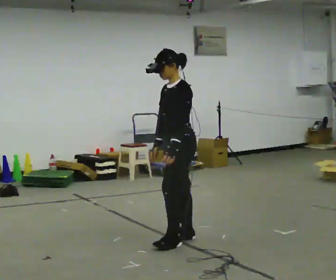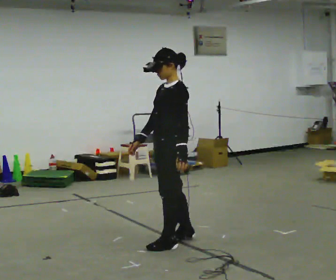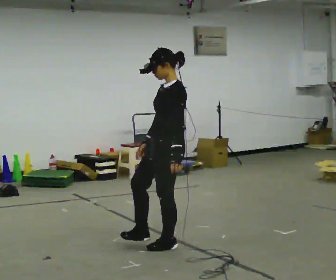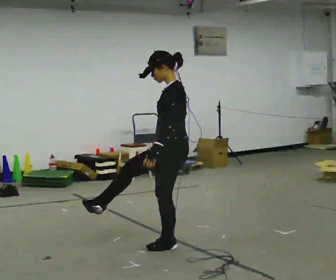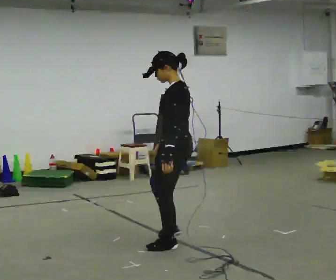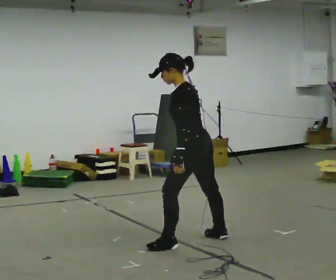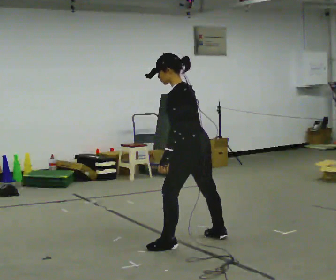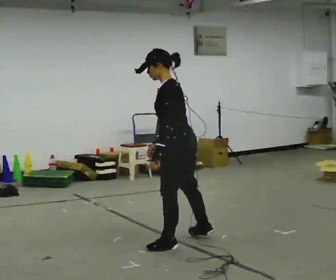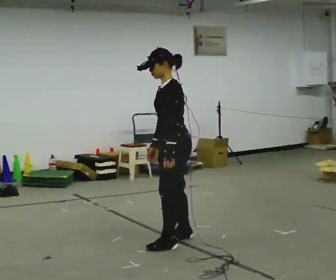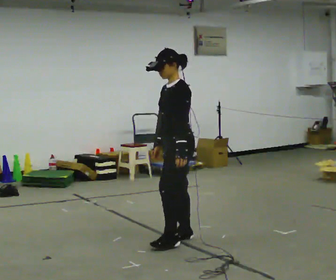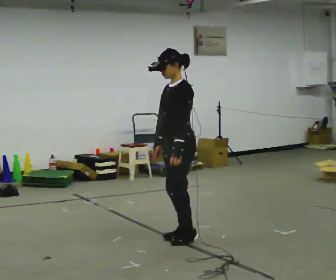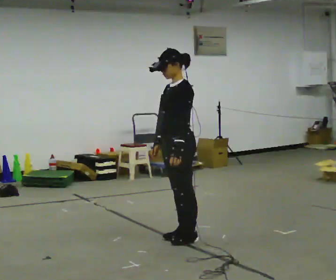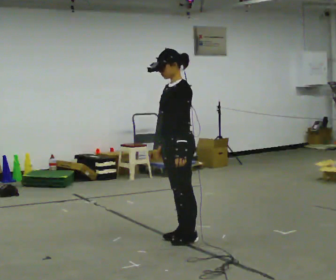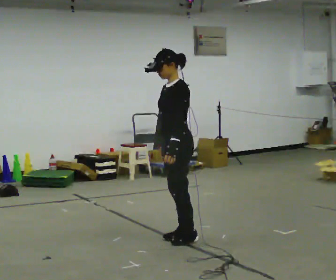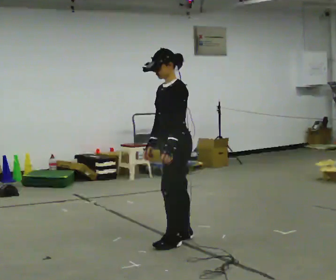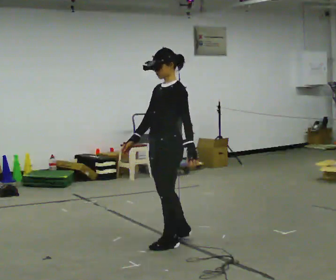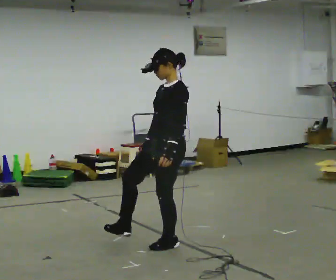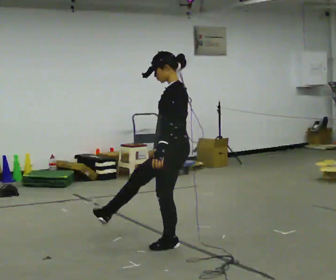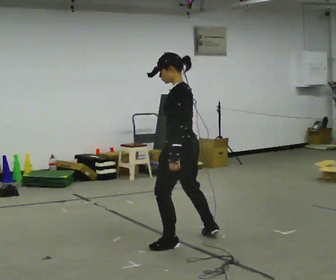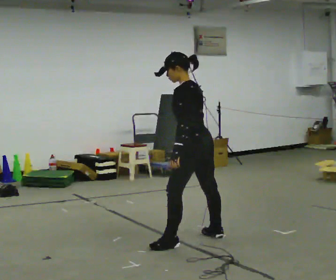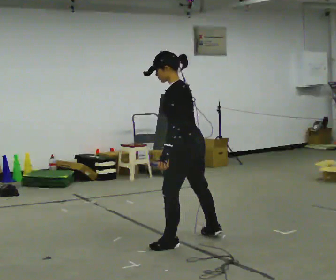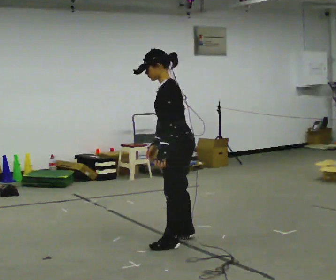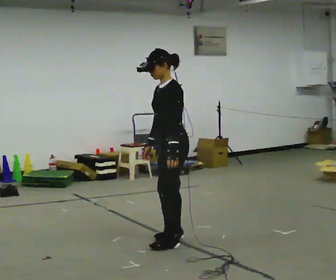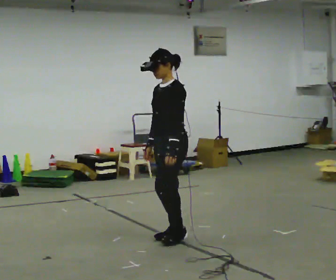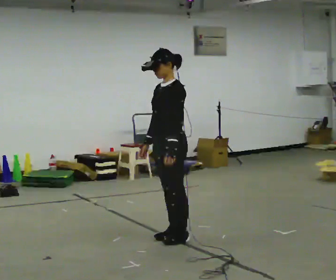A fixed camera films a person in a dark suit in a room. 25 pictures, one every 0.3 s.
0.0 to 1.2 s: Seen from above the body turns clockwise, about 30 degrees: to their right, with its near side sliding to the left. In the picture they go toward the camera, about 0.25 m in 1 step, which for them is to their left.
1.2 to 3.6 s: The part of the body nearest the lens slides to the right as the person turns to their left by about 30 degrees. In the picture they go away from the camera, about 0.25 m in 2 steps, which for them is to their right.
3.6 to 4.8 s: In the picture they go toward the camera, about 0.25 m in 2 steps, which for them is forward and to their left.
4.8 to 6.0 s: The person turns about 45 degrees to their right, clockwise seen from above, so the part of the body nearest the lens slides to the left. In the picture they go to the right, about 0.25 m in 1 step, which for them is backward. In the picture the upper body tilts counterclockwise, shoulders to the left, as they bend forward.
6.0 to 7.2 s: The part of the body nearest the lens slides to the right as the person turns to their left by about 45 degrees. In the picture they go to the left, about 0.25 m in 1 step, which for them is to their right.
The film runs backward here.
